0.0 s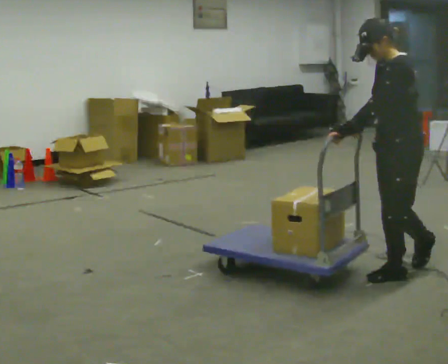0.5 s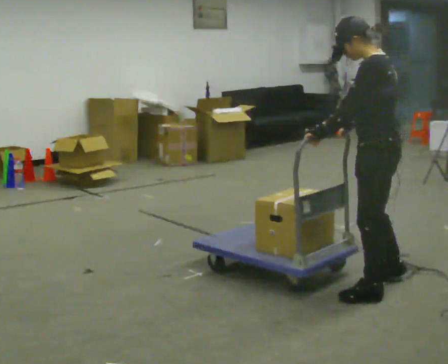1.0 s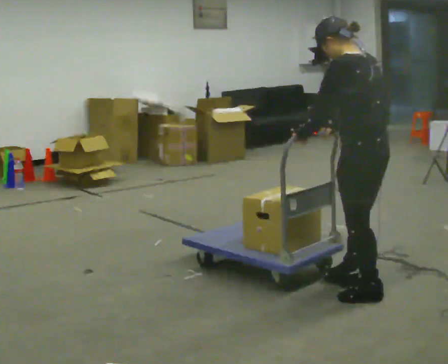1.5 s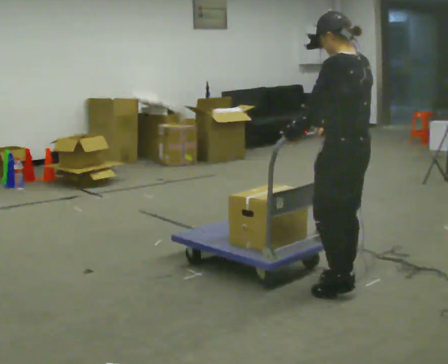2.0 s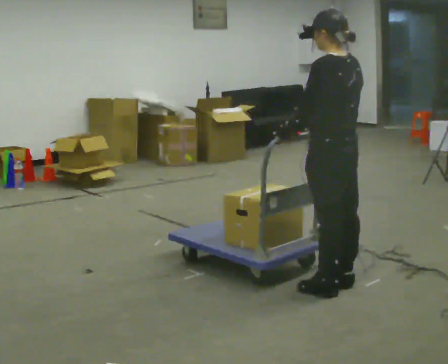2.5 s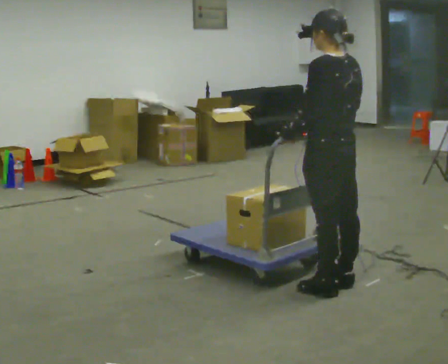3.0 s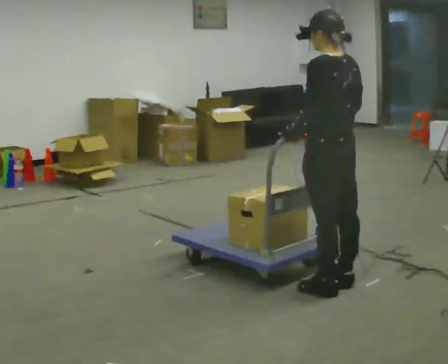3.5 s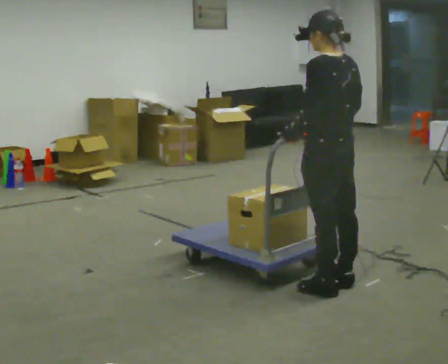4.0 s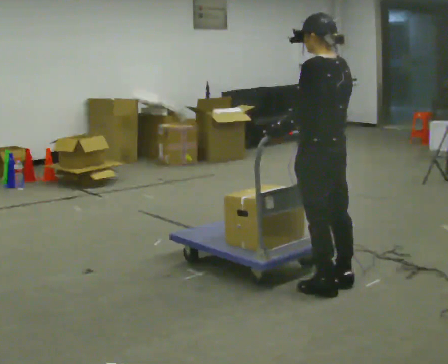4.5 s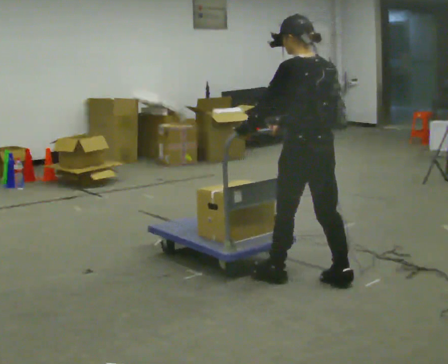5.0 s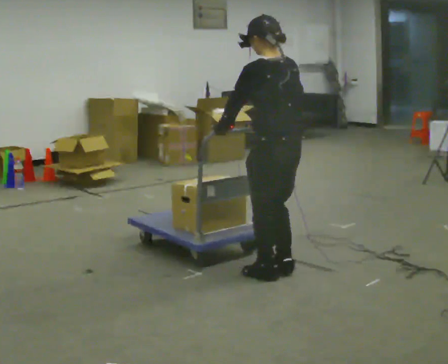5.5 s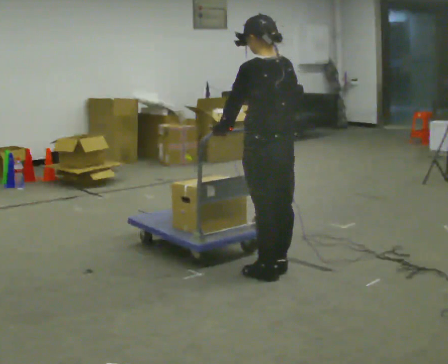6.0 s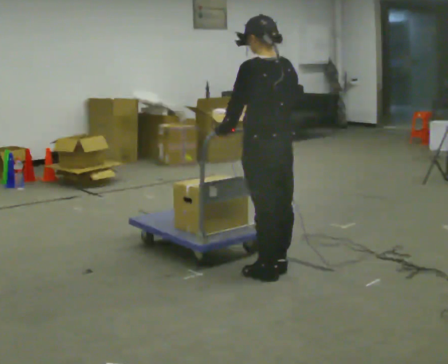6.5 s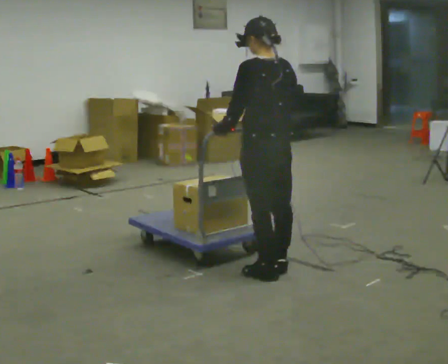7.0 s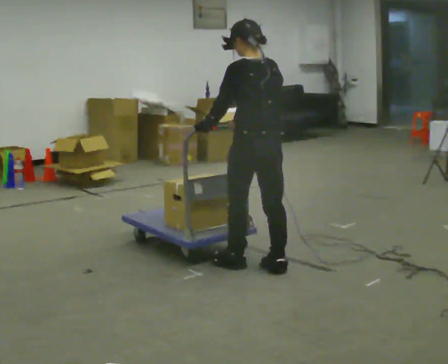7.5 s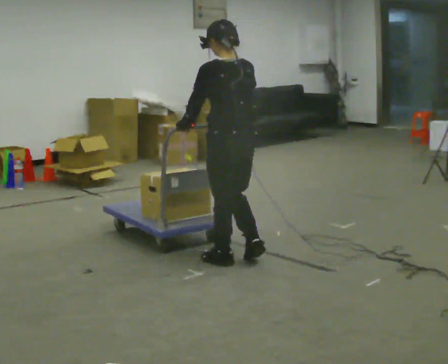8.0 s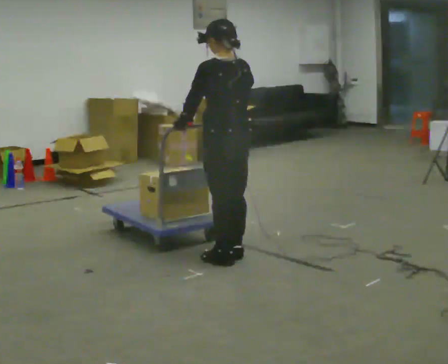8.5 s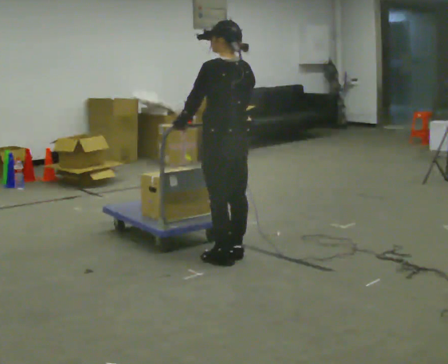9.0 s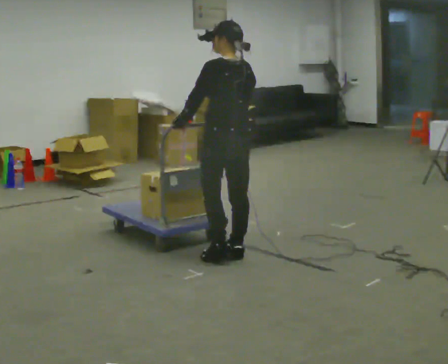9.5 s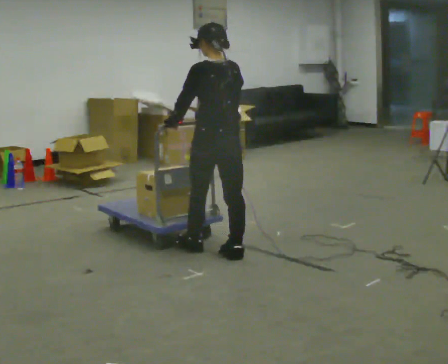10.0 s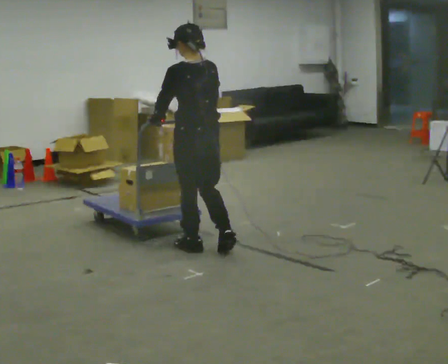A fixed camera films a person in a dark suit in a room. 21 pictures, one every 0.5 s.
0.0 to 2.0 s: The person turns about 60 degrees to their right, clockwise seen from above, so the part of the body nearest the lens slides to the left. In the picture they go to the left, about 0.5 m in 3 steps.
2.0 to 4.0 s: The person moves a little, or ends about where they began.
4.0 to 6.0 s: In the picture they go to the left and away from the camera, about 0.25 m in 2 steps, which for them is forward.
6.0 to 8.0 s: In the picture they go away from the camera and to the left, about 0.5 m in 2 steps, which for them is forward.
8.0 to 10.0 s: In the picture they go to the left and away from the camera, about 0.25 m in 1 step, which for them is forward.
The film runs forward here.
